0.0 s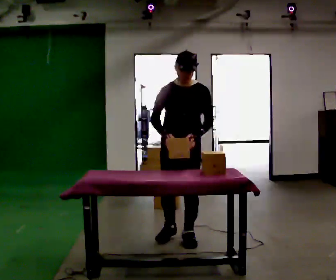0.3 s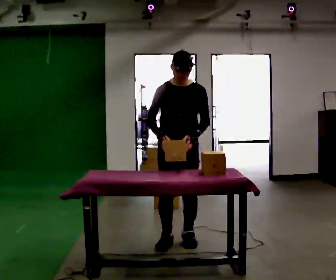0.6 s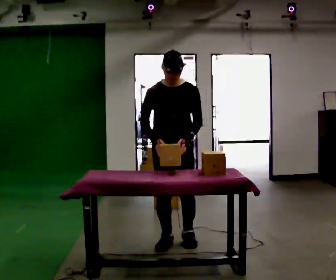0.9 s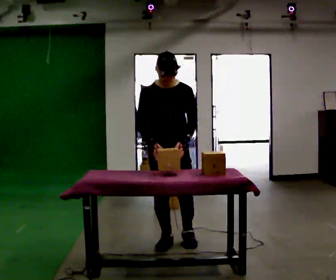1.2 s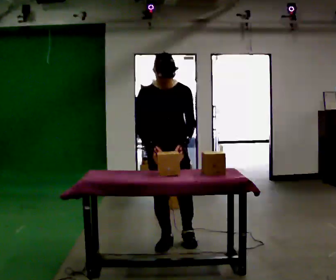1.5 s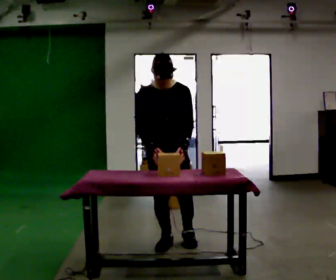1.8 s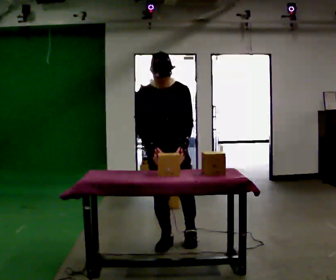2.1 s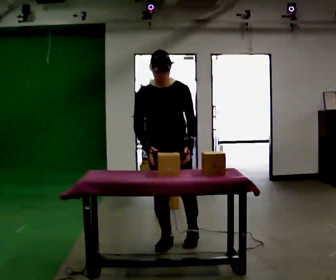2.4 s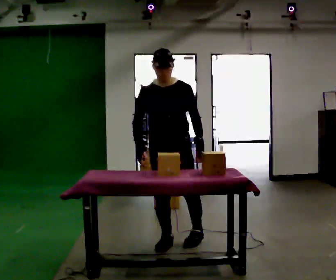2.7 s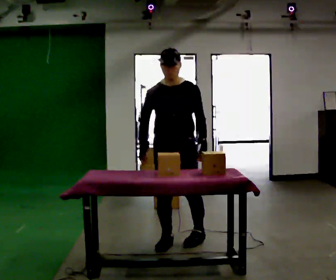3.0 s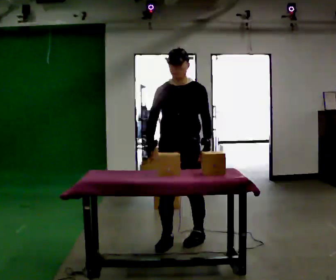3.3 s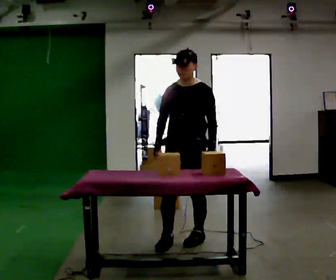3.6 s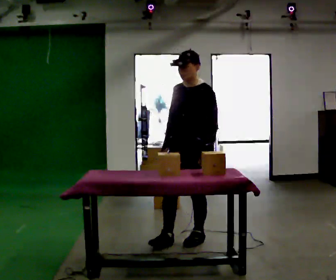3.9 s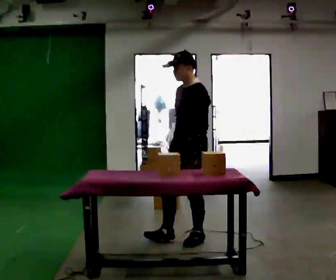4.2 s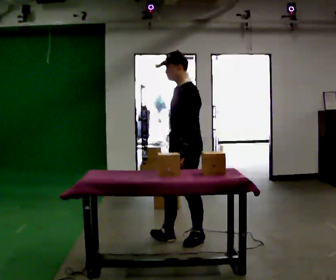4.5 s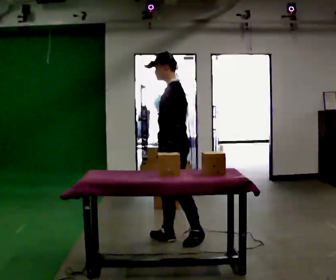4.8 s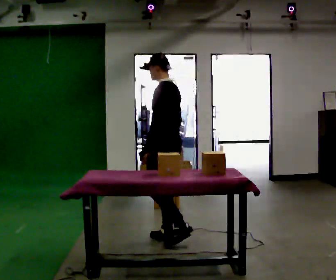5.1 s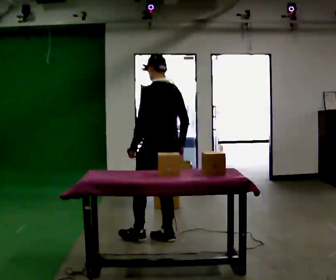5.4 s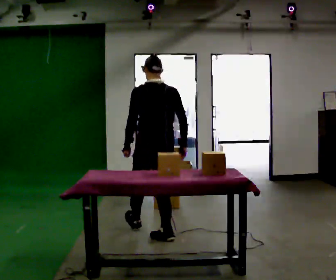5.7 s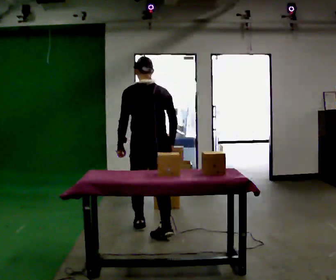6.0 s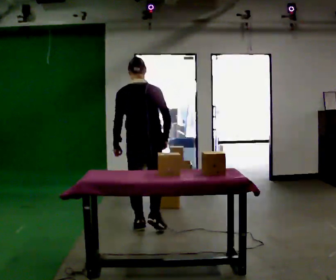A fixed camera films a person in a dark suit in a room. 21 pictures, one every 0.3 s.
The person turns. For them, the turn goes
to their right.
The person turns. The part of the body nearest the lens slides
to the left.
0.0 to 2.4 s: In the picture they go toward the camera, about 0.25 m in 1 step, which for them is forward.
2.4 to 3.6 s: Seen from above the body turns clockwise, about 45 degrees: to their right, with its near side sliding to the left. In the picture they go to the right, about 0.25 m, which for them is to their left and backward.
3.6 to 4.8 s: The person turns about 75 degrees to their right, clockwise seen from above, so the part of the body nearest the lens slides to the left. In the picture they go to the left, about 0.25 m. In the picture their left hand goes to the left.
4.8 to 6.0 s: The part of the body nearest the lens slides to the left as the person turns to their right by about 60 degrees. In the picture they go away from the camera and to the left, about 0.5 m in 1 step.
The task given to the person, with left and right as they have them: Carry the object across the room, open the lid of the container, put the object inside, and close the lid again. Then go back for the next one. Keep going until the operator says stop; one object at a time, and do not rush between trips.
The film runs forward here.
